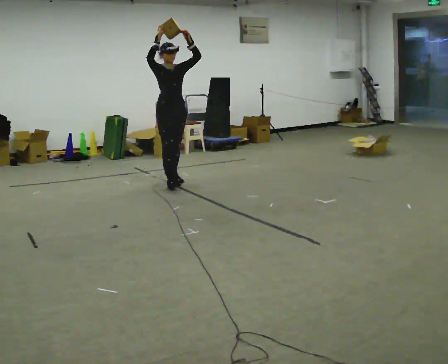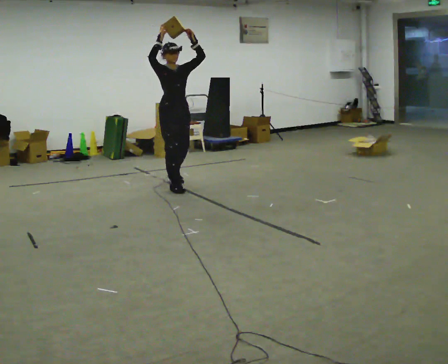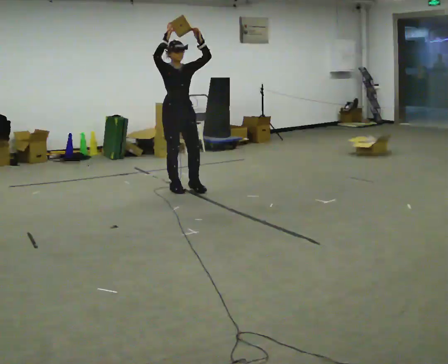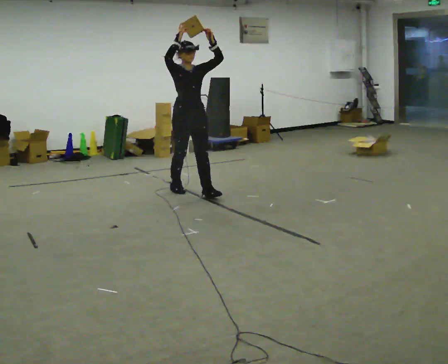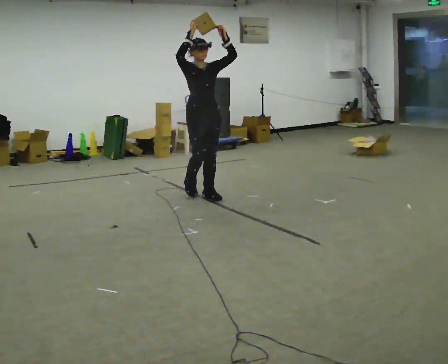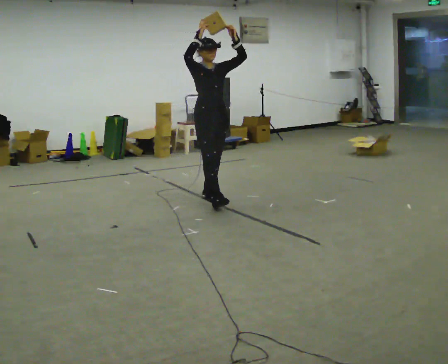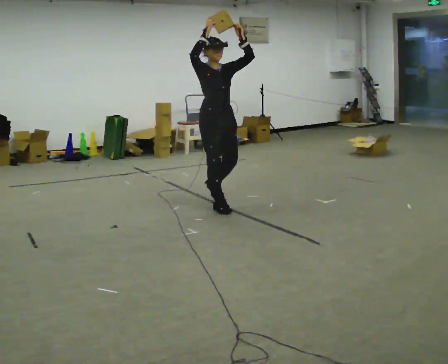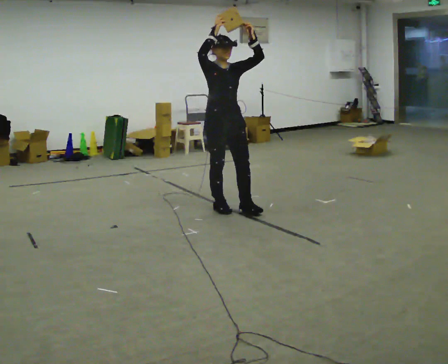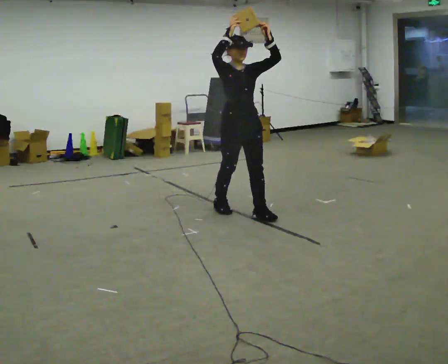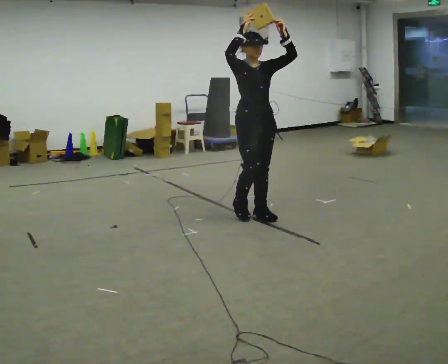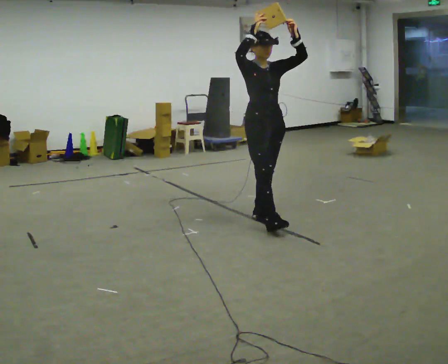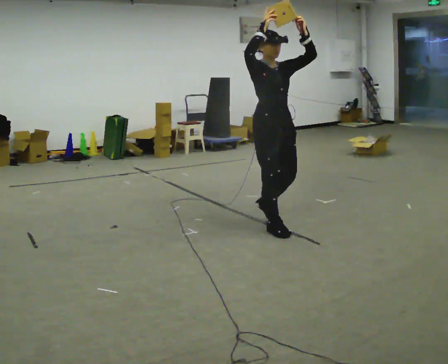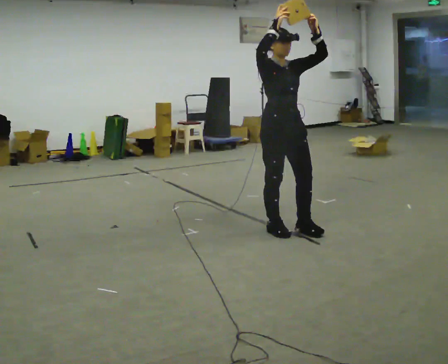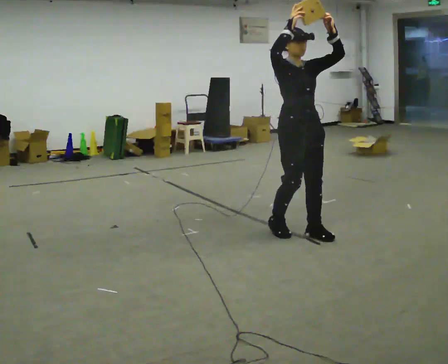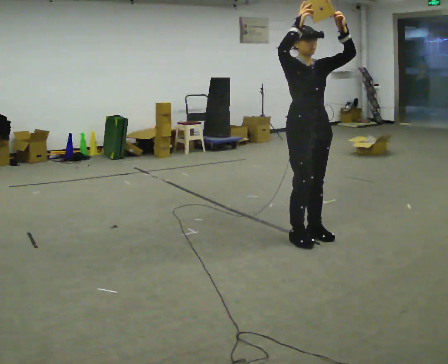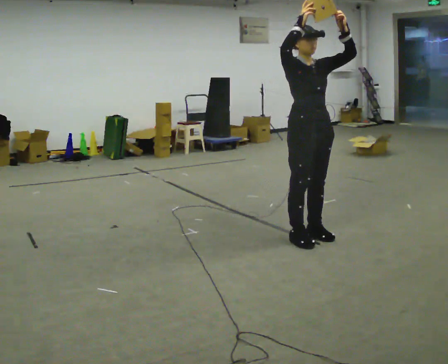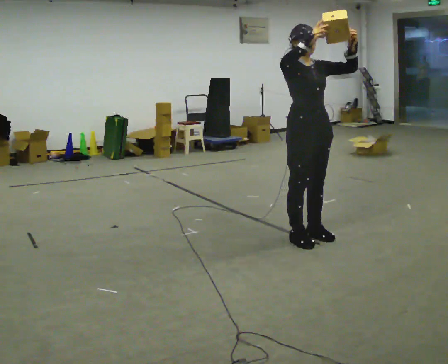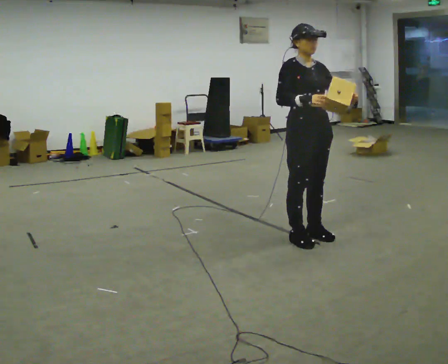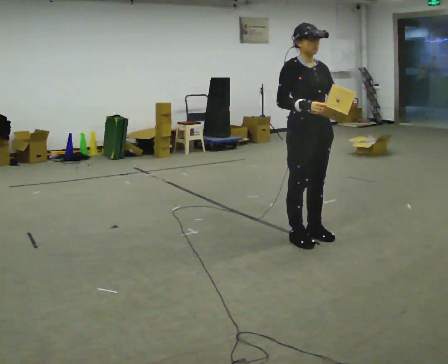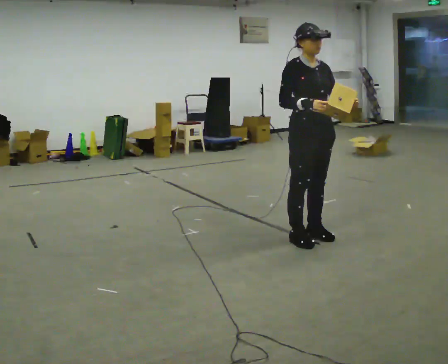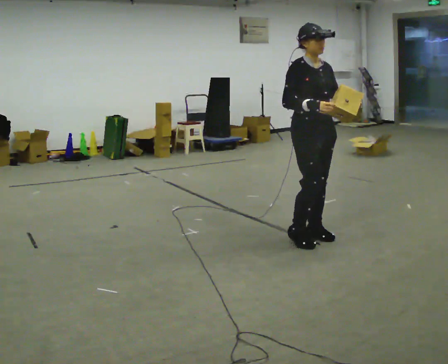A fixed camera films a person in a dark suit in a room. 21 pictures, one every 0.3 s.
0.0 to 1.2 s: In the picture they go toward the camera and to the right, about 0.5 m in 2 steps, which for them is forward.
1.2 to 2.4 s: In the picture they go toward the camera and to the right, about 0.5 m in 2 steps, which for them is forward.
2.4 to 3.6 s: In the picture they go toward the camera and to the right, about 0.5 m in 1 step, which for them is forward.
3.6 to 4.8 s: In the picture they go to the right and toward the camera, about 0.25 m in 2 steps, which for them is forward.
4.8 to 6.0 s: In the picture their right hand goes downward.
The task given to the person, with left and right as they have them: Carry the object held up above your head, walking back and forth across the room.
The film runs forward here.
